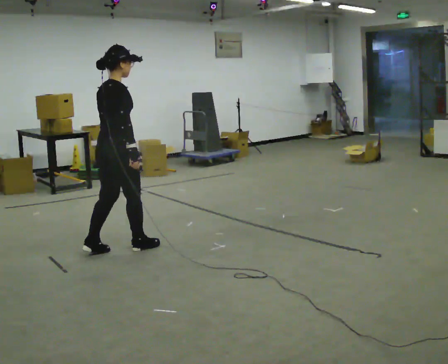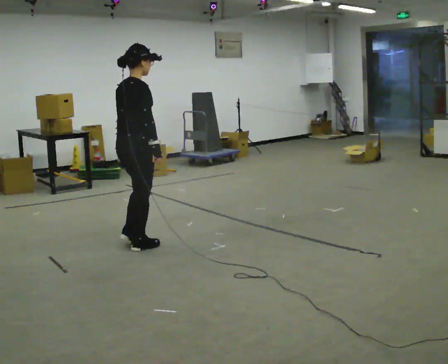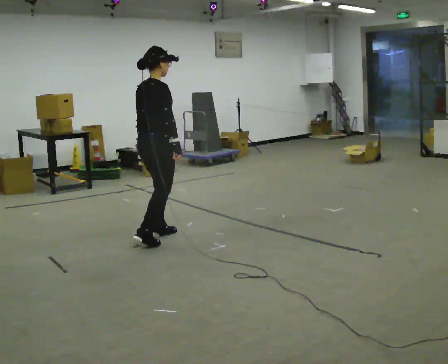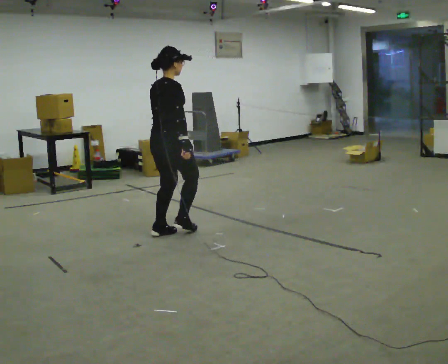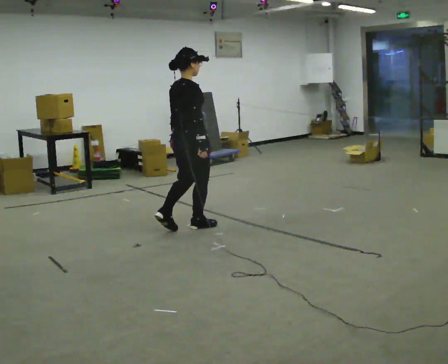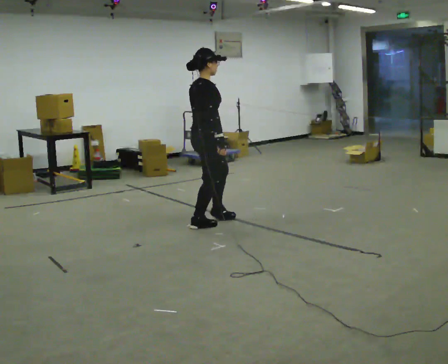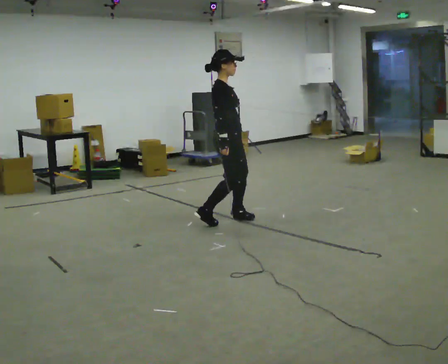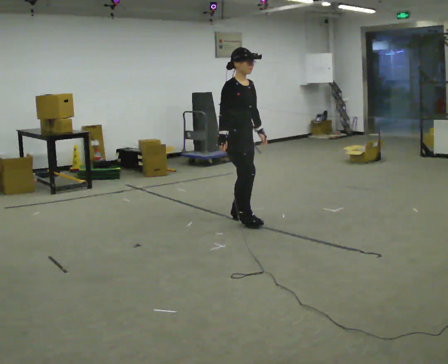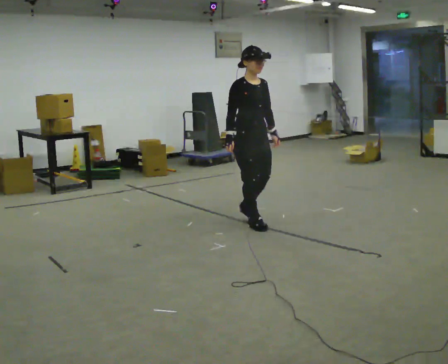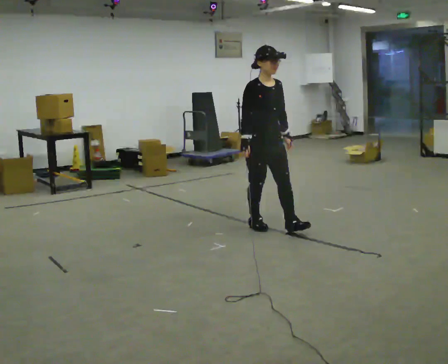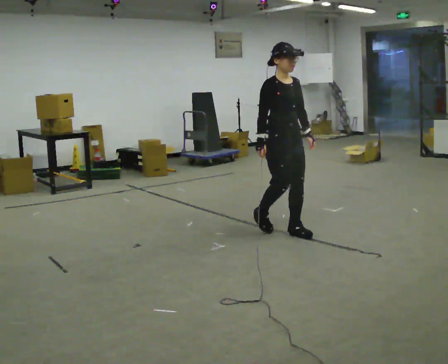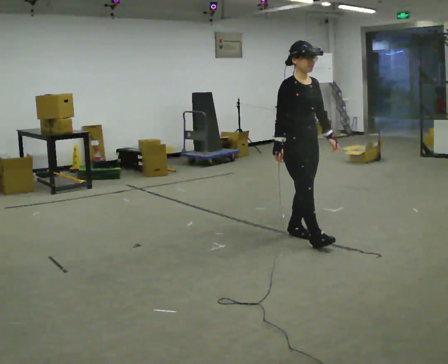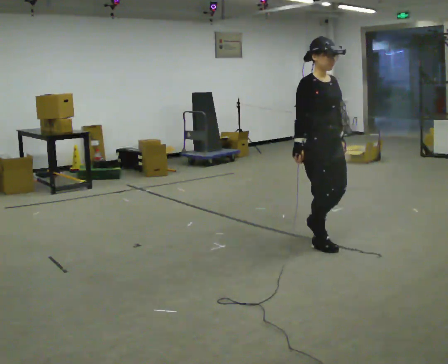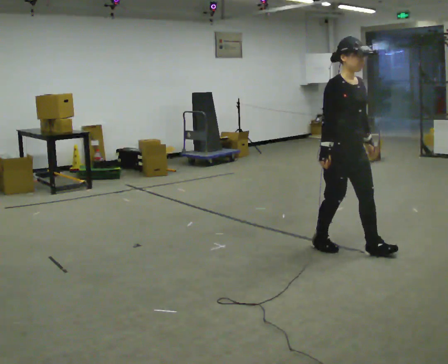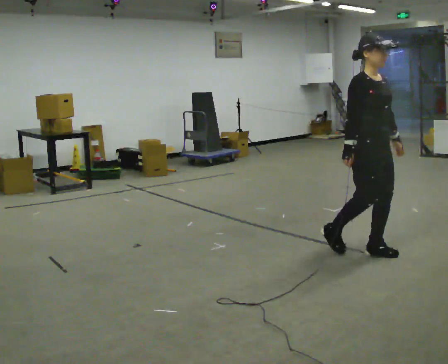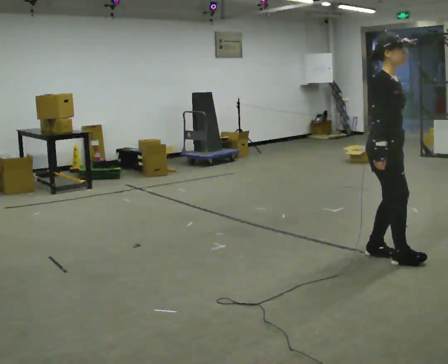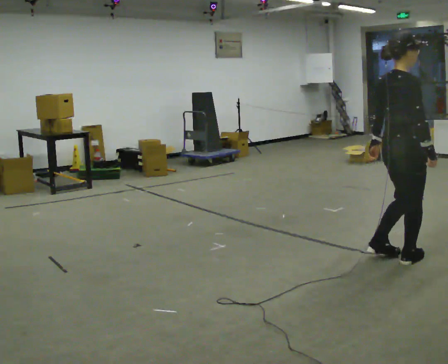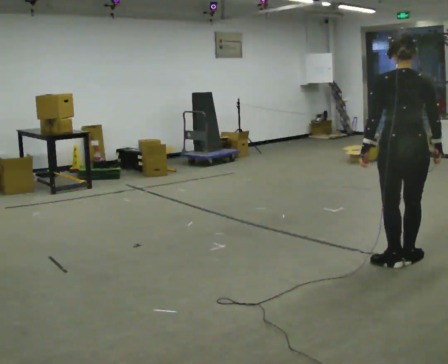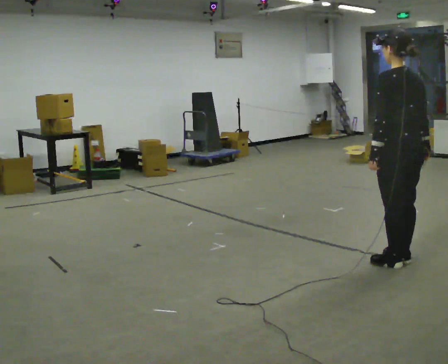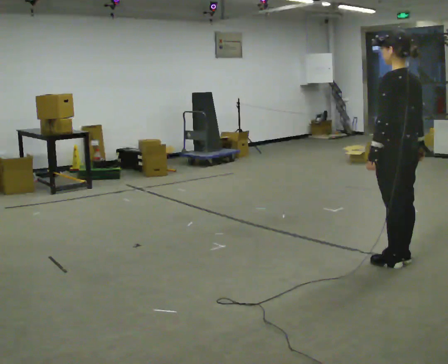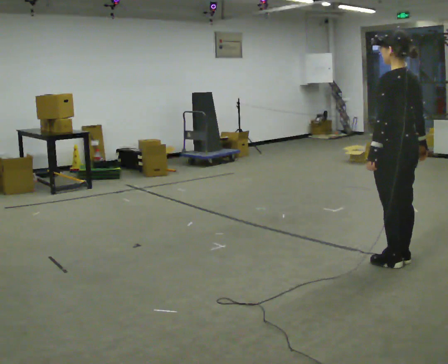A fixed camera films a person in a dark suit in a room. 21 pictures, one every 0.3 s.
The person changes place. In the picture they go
to the right.
The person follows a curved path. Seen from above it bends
clockwise.
0.0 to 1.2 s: In the picture they go away from the camera and to the right, about 1 m in 3 steps, which for them is forward.
1.2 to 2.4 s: Seen from above the body turns clockwise, about 90 degrees: to their right, with its near side sliding to the left. In the picture they go to the right, about 0.5 m in 2 steps.
2.4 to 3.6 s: In the picture they go toward the camera and to the right, about 1 m in 2 steps, which for them is forward.
3.6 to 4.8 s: The person turns about 60 degrees to their left, counterclockwise seen from above, so the part of the body nearest the lens slides to the right. In the picture they go to the right and toward the camera, about 0.75 m in 2 steps.
4.8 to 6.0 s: The person turns about 120 degrees to their left, counterclockwise seen from above, so the part of the body nearest the lens slides to the right.
The film runs backward here.
